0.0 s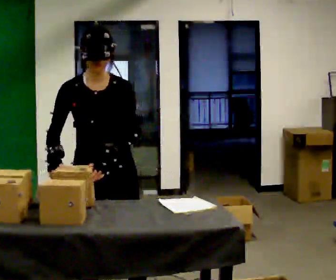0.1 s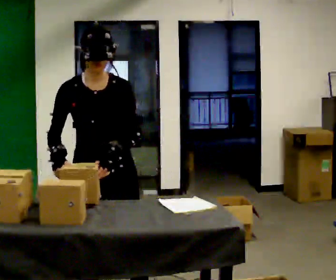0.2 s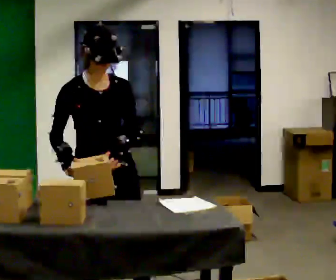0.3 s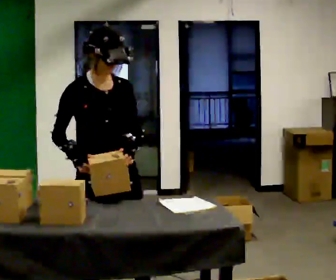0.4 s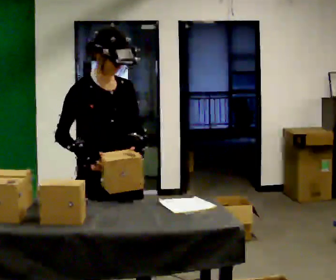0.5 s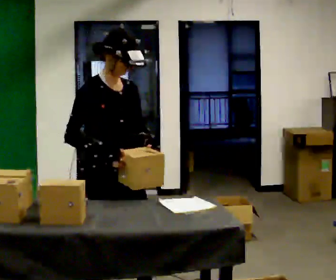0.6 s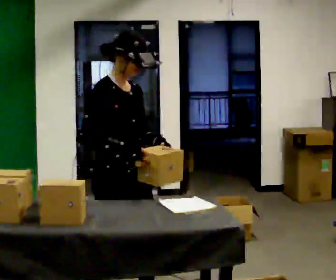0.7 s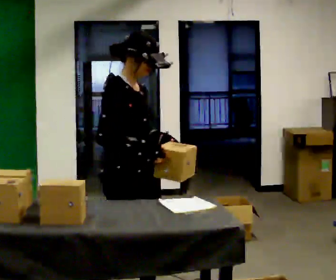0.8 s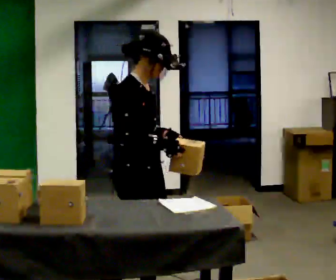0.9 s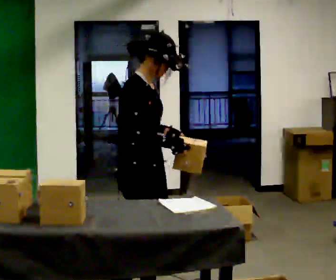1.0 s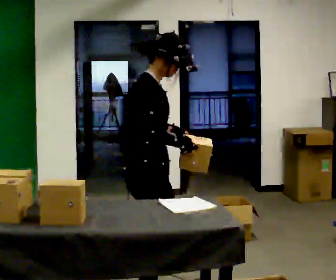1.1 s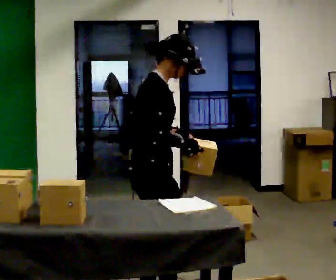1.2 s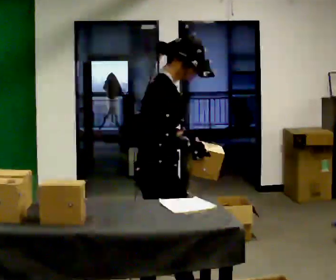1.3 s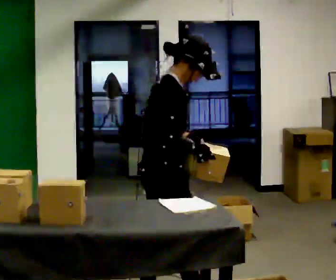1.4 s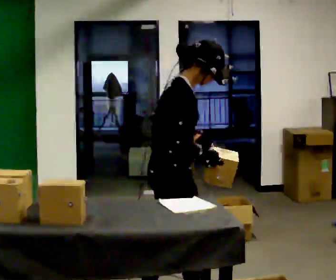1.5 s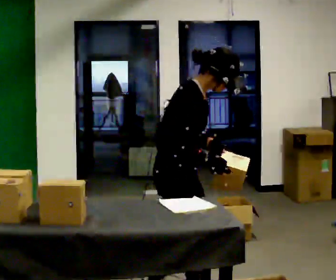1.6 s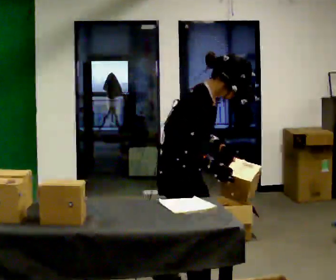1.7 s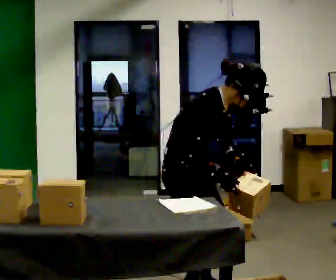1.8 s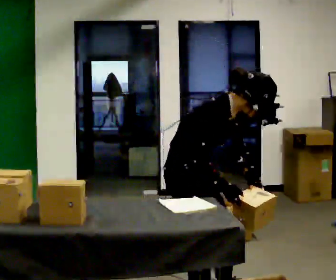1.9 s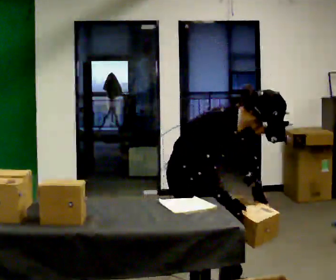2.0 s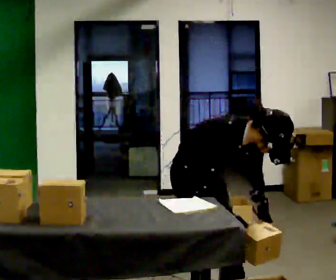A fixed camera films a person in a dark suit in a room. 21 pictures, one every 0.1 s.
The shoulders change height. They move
downward.
The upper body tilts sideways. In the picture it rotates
clockwise.
0.0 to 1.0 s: Seen from above the body turns counterclockwise, about 75 degrees: to their left, with its near side sliding to the right. In the picture they go to the right, about 0.25 m in 1 step.
1.0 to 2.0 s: The person turns about 30 degrees to their right, clockwise seen from above, so the part of the body nearest the lens slides to the left. In the picture they go to the right, about 0.25 m in 2 steps, which for them is forward. The shoulders move downward. In the picture the upper body tilts clockwise, shoulders to the right, as they bend forward. In the picture their right hand goes downward.
The film runs forward here.
